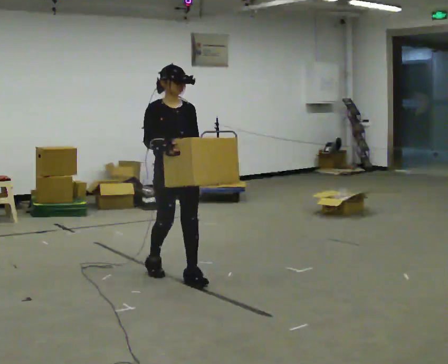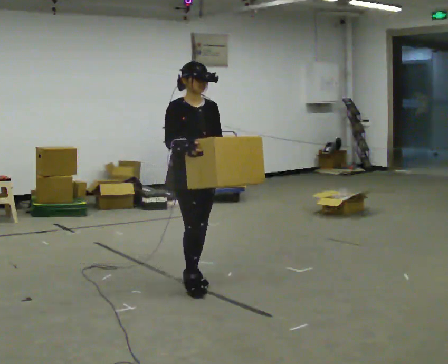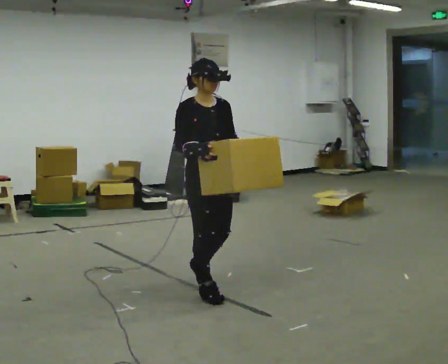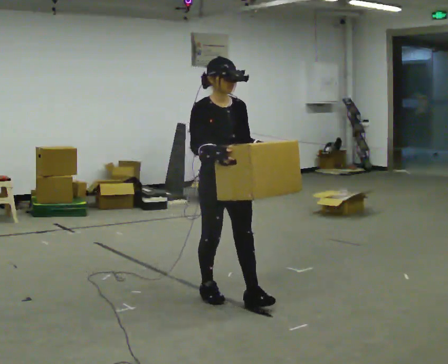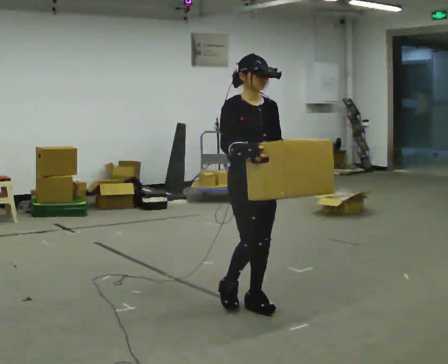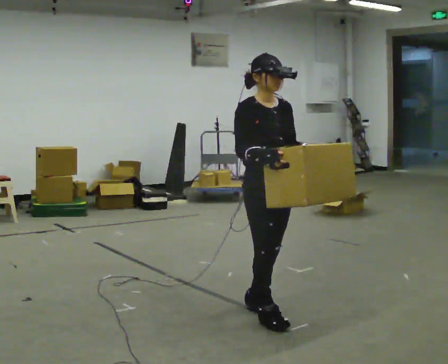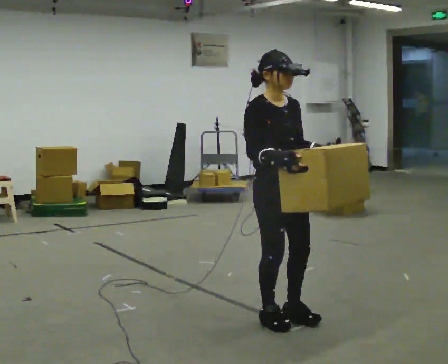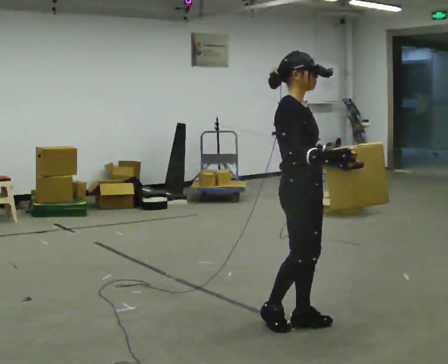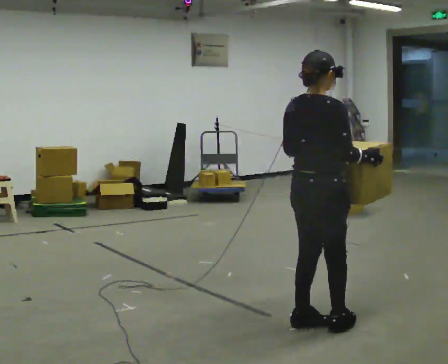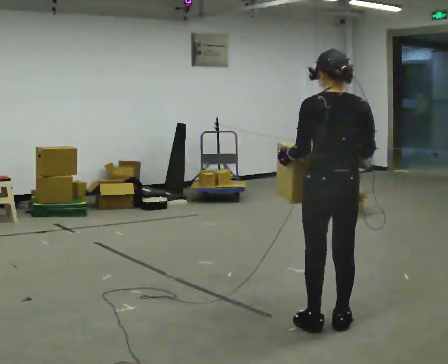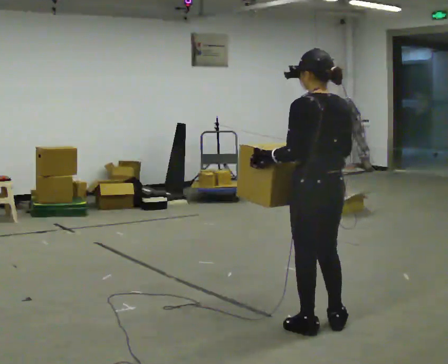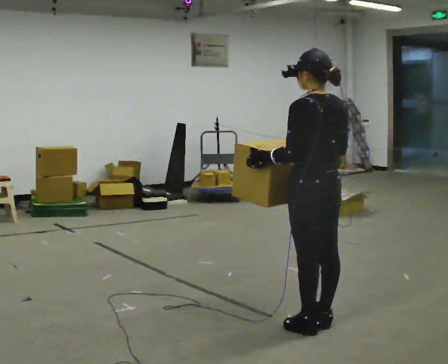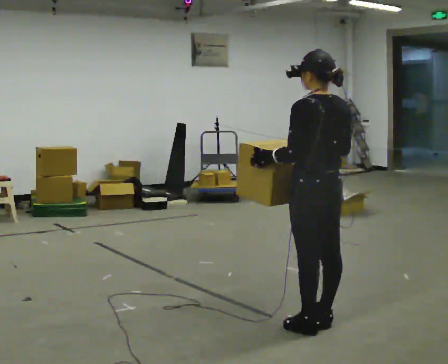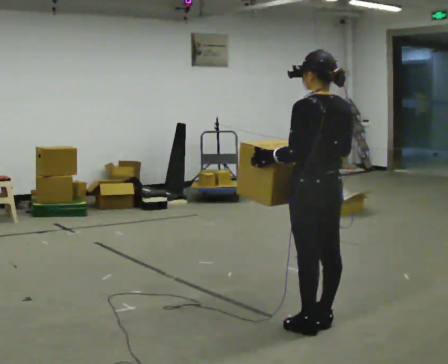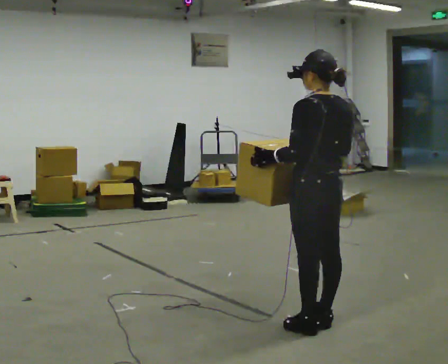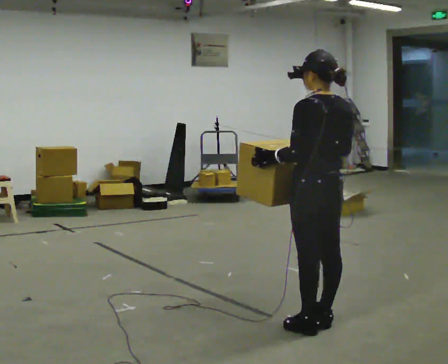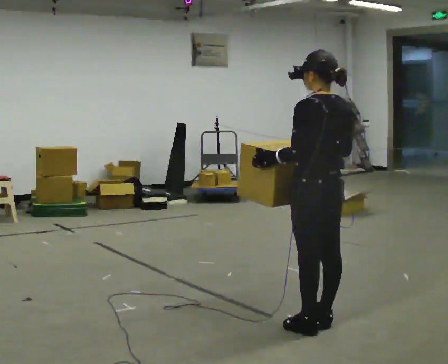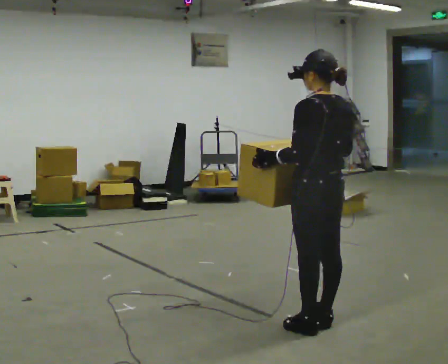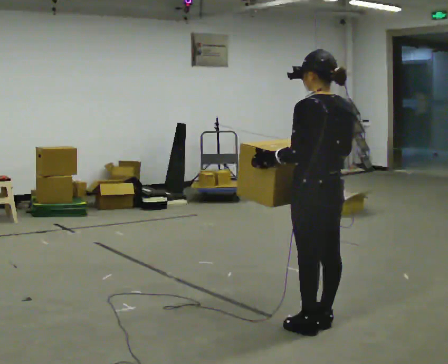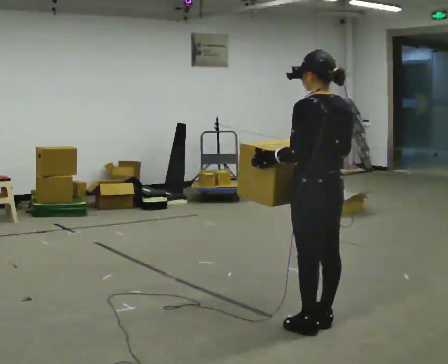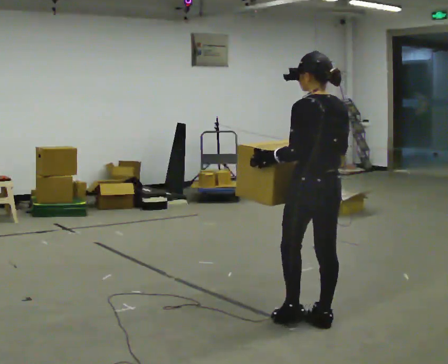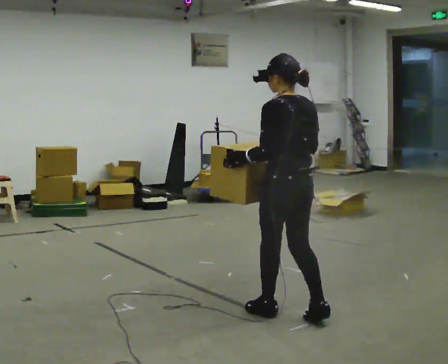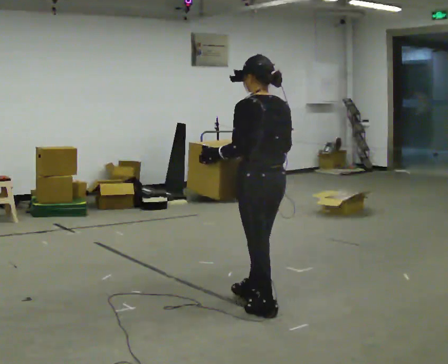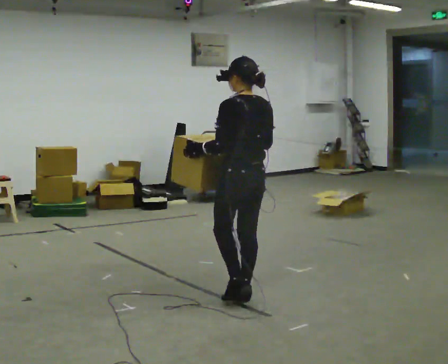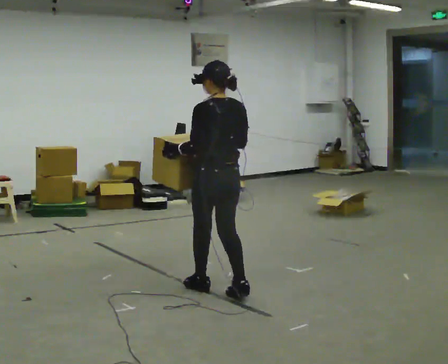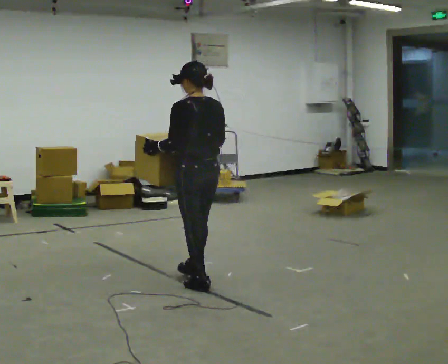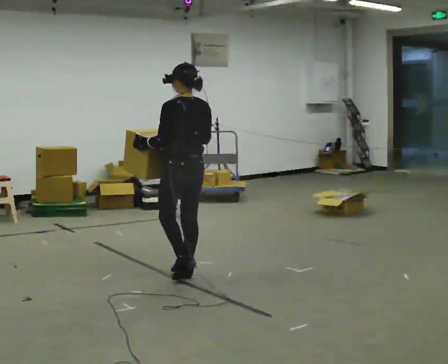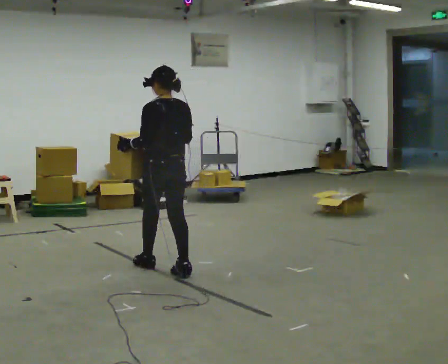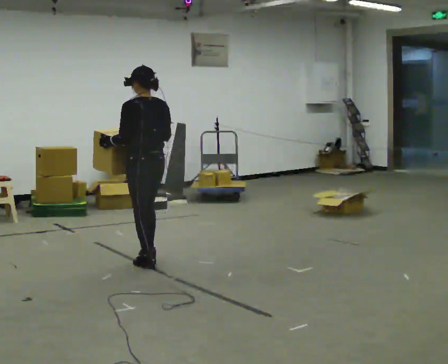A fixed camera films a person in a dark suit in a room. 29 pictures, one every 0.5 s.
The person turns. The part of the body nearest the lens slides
to the right.
The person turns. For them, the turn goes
to their left.
0.0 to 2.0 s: In the picture they go to the right and toward the camera, about 1 m in 2 steps, which for them is forward.
2.0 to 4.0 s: The part of the body nearest the lens slides to the right as the person turns to their left by about 90 degrees. In the picture they go to the right and toward the camera, about 0.5 m in 2 steps.
4.0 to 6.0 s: The person turns about 75 degrees to their left, counterclockwise seen from above, so the part of the body nearest the lens slides to the right. In the picture their right hand goes to the left.
6.0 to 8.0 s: The person keeps their place and pose.
8.0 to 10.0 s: The person moves a little, or ends about where they began.
10.0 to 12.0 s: In the picture they go to the left and away from the camera, about 1 m in 3 steps, which for them is forward.
12.0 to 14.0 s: In the picture they go to the left and away from the camera, about 1 m in 2 steps, which for them is forward.
The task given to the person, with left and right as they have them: Carry the box across the room much more slowly and carefully than normal, back and forth.
The film runs forward here.
